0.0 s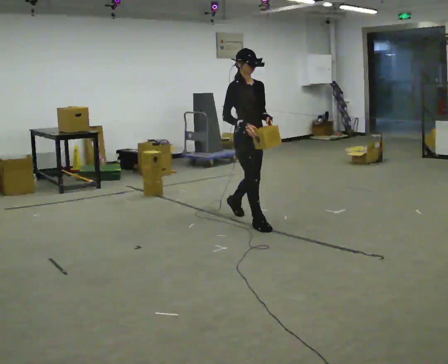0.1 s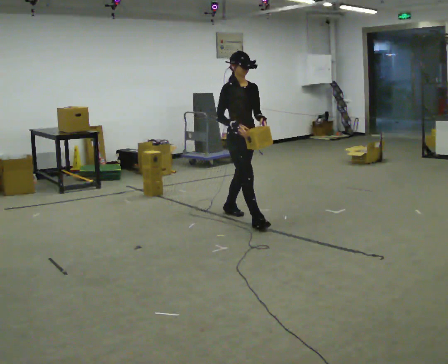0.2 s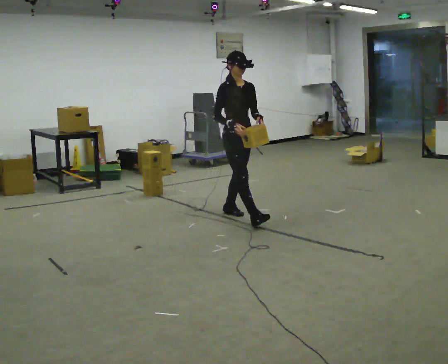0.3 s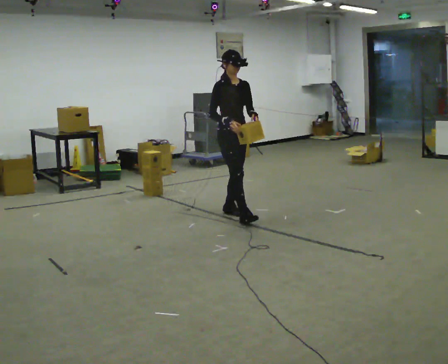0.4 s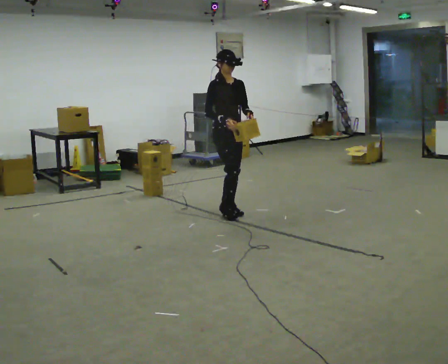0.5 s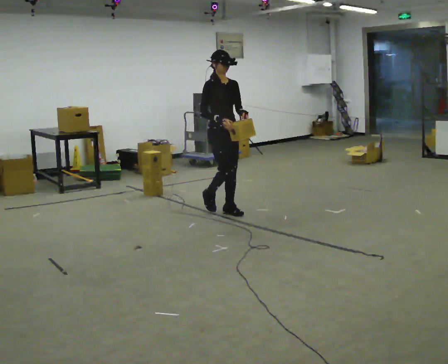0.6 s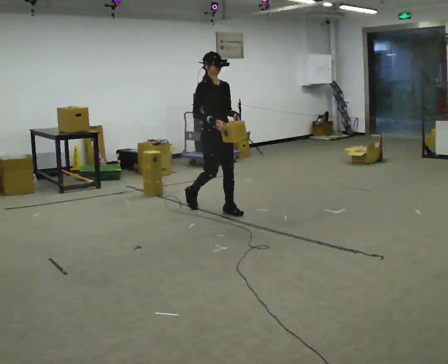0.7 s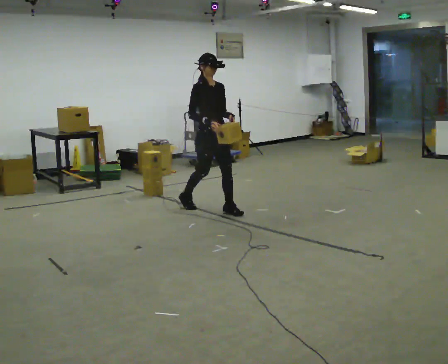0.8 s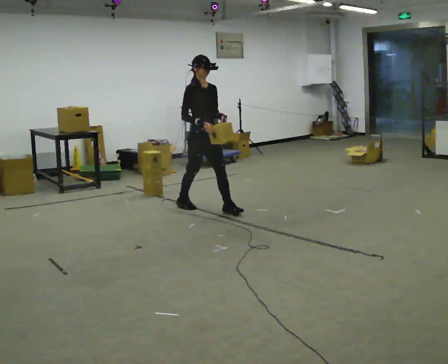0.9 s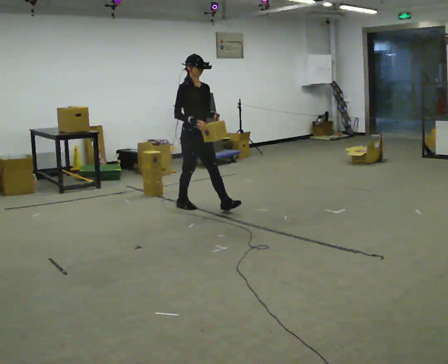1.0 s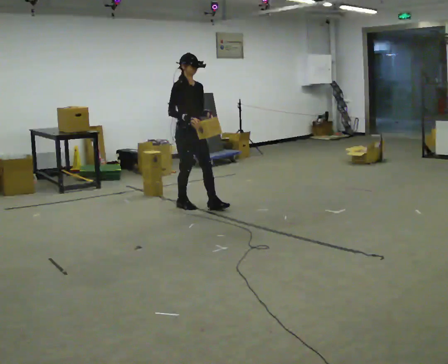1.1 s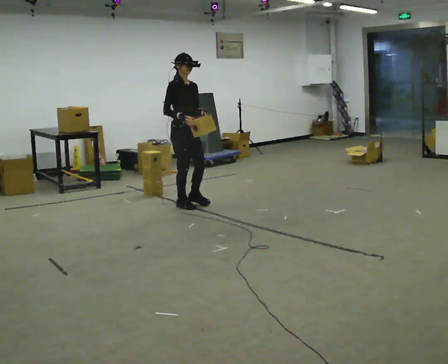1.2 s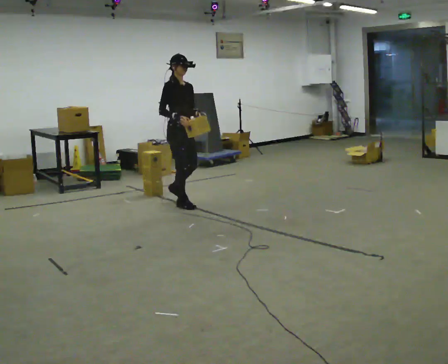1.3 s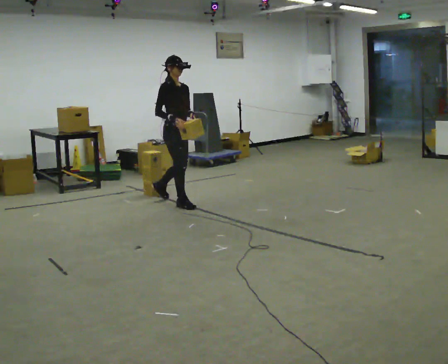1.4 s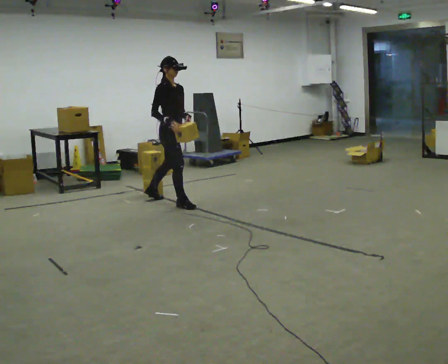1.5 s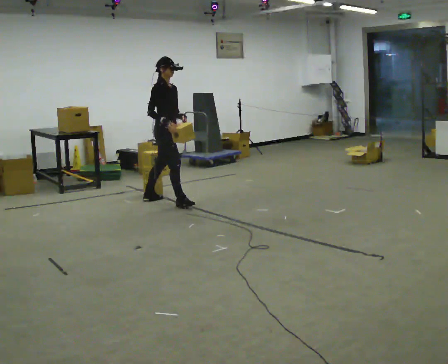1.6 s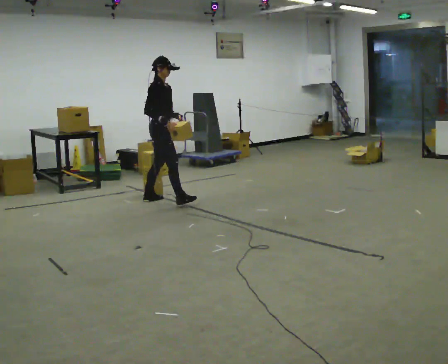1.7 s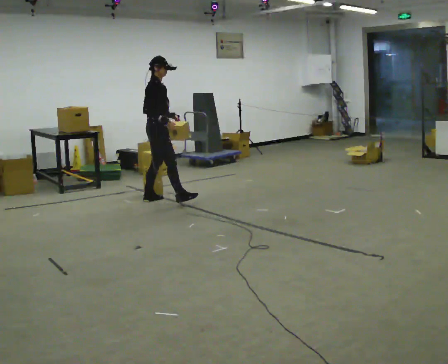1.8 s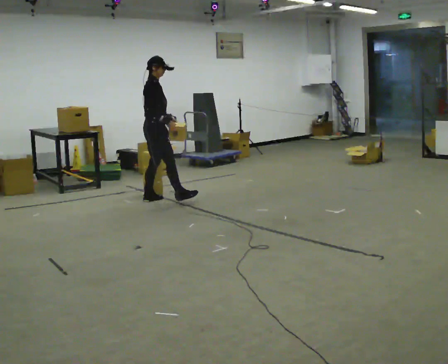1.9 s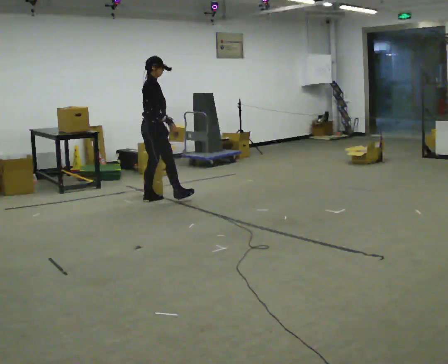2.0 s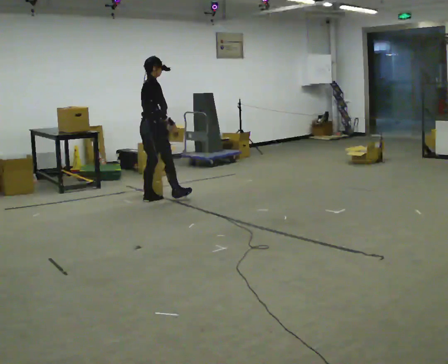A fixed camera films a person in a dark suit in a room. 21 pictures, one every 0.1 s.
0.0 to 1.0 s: In the picture they go away from the camera and to the left, about 1 m in 2 steps, which for them is backward.
1.0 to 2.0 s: Seen from above the body turns counterclockwise, about 60 degrees: to their left, with its near side sliding to the right. In the picture they go to the left and away from the camera, about 0.5 m in 1 step.
The film runs backward here.
